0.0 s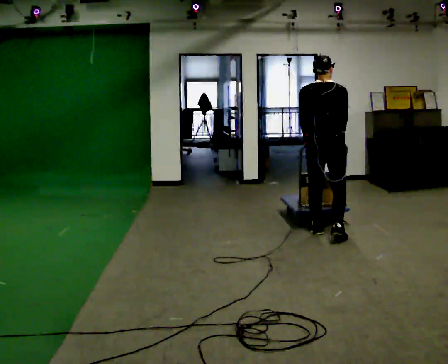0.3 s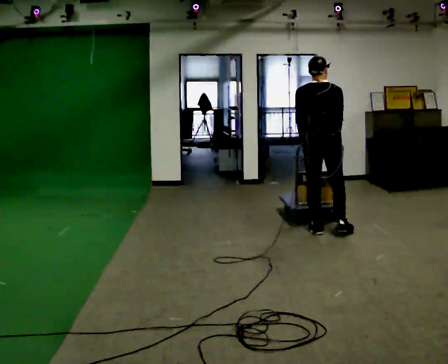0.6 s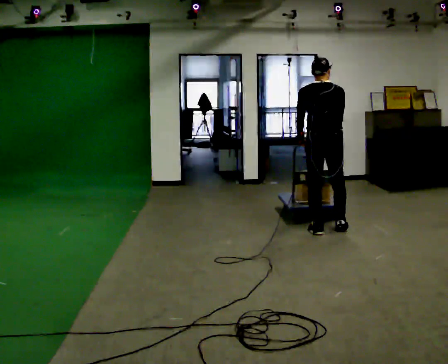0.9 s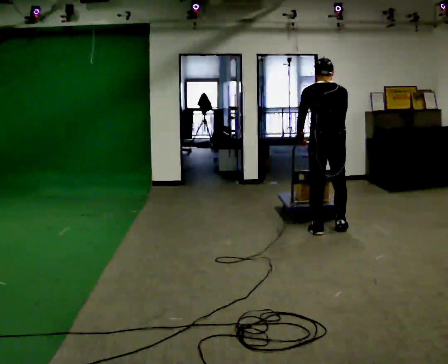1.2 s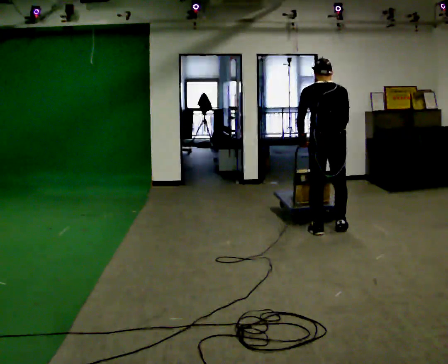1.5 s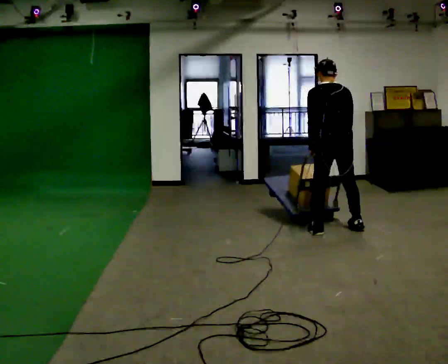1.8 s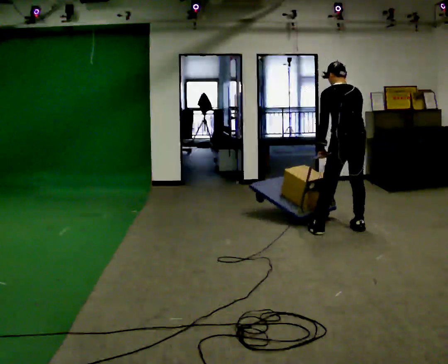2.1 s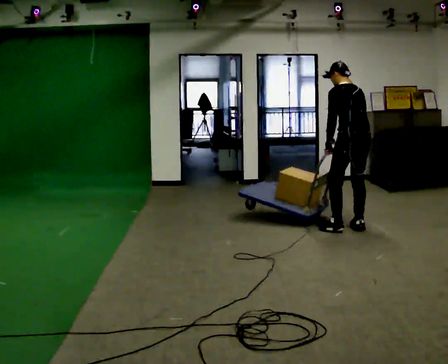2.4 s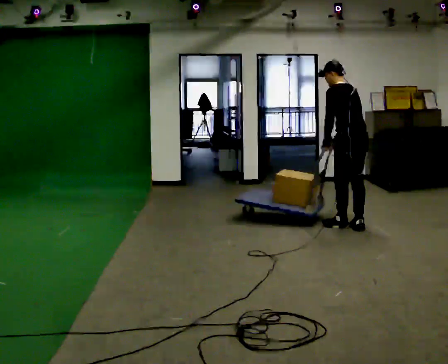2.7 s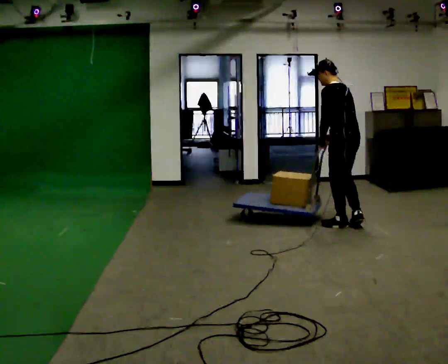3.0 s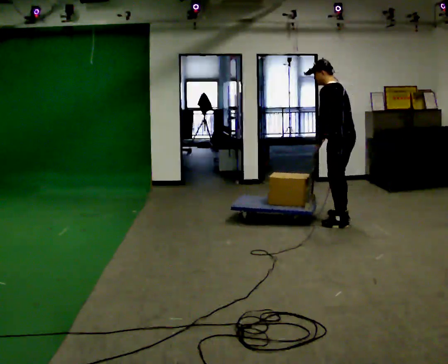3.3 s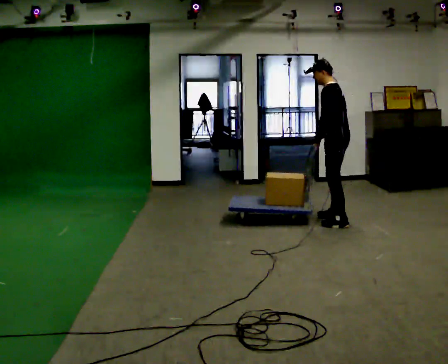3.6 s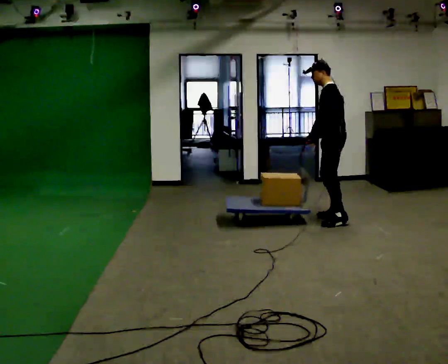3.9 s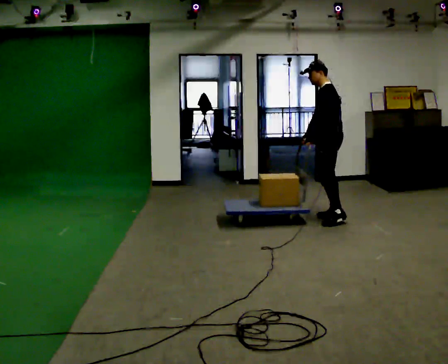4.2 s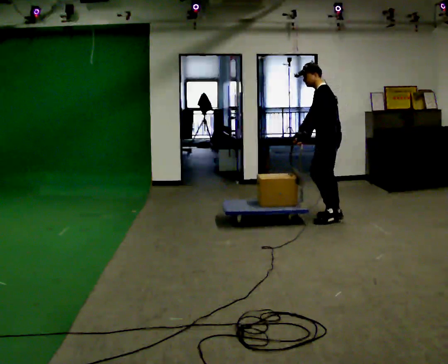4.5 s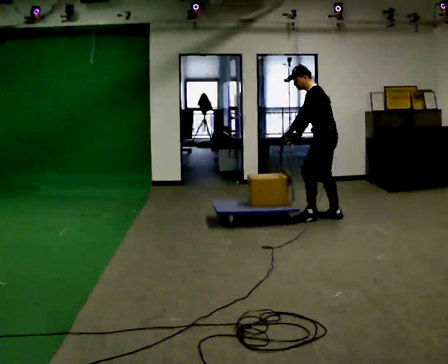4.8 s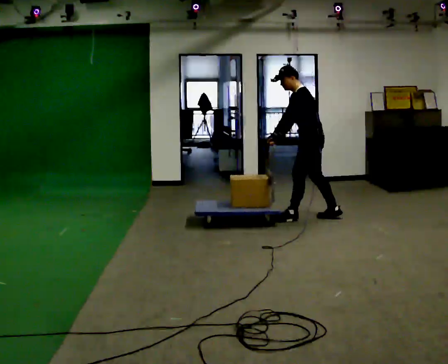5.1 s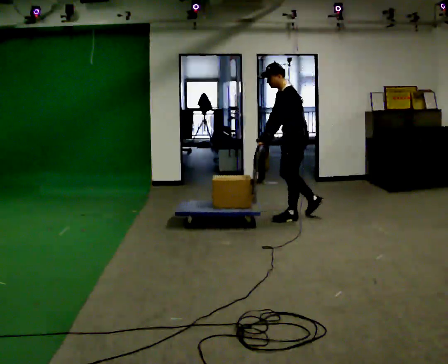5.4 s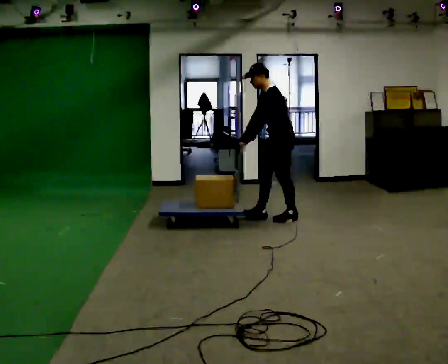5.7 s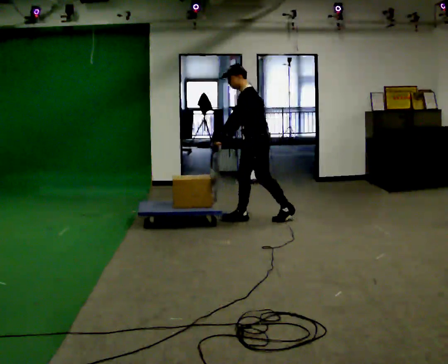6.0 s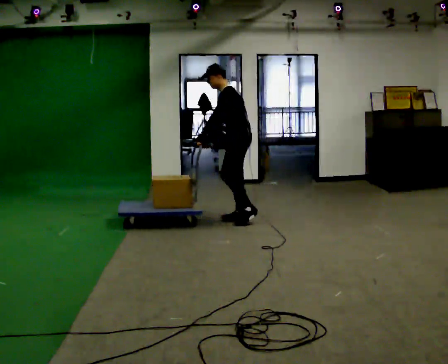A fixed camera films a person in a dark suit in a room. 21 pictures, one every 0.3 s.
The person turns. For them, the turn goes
to their left.
The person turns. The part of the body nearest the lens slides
to the right.
0.0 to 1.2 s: The person moves a little, or ends about where they began.
1.2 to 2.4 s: The person turns about 30 degrees to their left, counterclockwise seen from above, so the part of the body nearest the lens slides to the right. In the picture they go to the right and away from the camera, about 0.25 m in 2 steps, which for them is to their right.
2.4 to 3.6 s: The person turns about 45 degrees to their left, counterclockwise seen from above, so the part of the body nearest the lens slides to the right. In the picture they go away from the camera and to the left, about 0.5 m in 1 step, which for them is forward and to their right.
3.6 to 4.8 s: In the picture they go to the left, about 0.25 m in 2 steps, which for them is forward. In the picture their right hand goes to the left.
4.8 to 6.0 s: In the picture they go to the left, about 1 m in 1 step, which for them is forward.
The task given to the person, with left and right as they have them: Push the cart along the marked route and round the corner to the side the operator calls.
The film runs forward here.
